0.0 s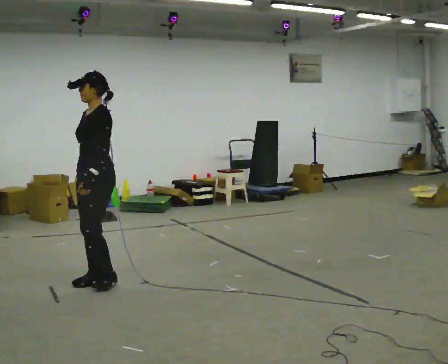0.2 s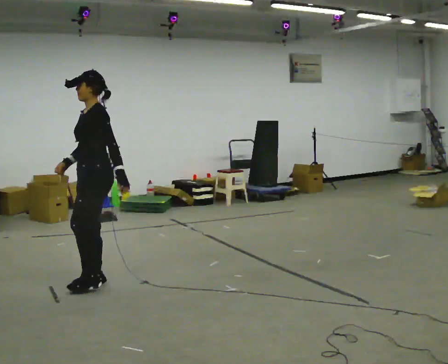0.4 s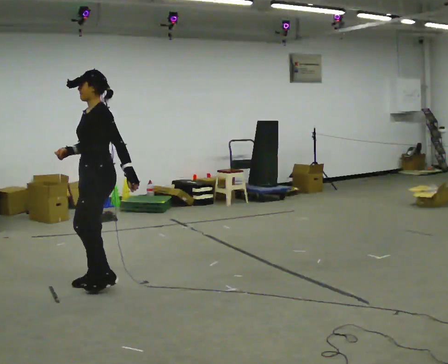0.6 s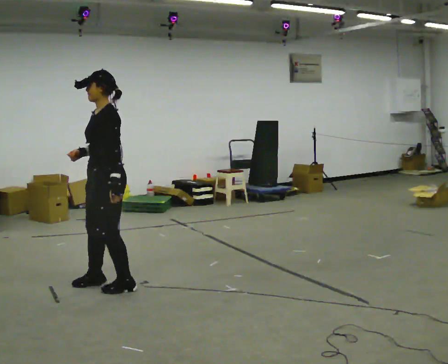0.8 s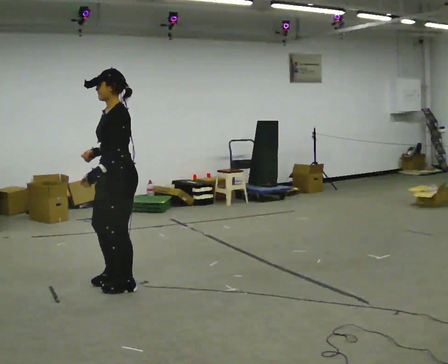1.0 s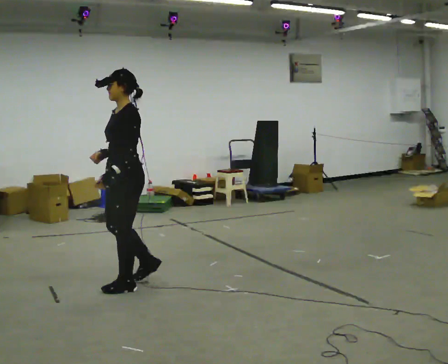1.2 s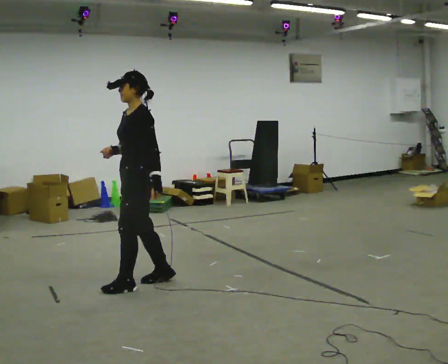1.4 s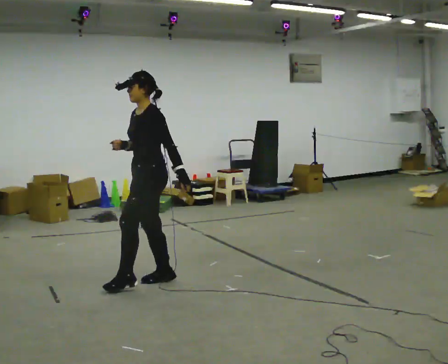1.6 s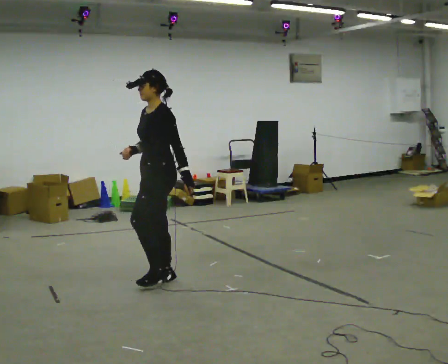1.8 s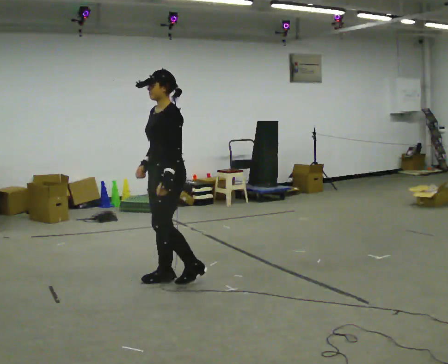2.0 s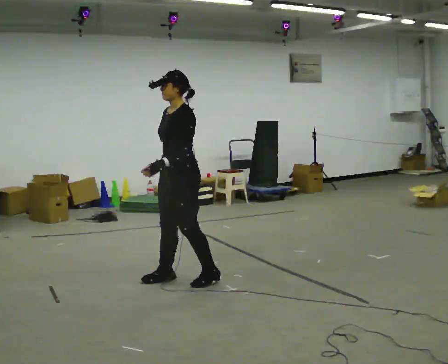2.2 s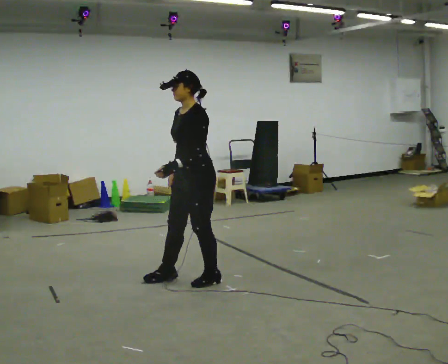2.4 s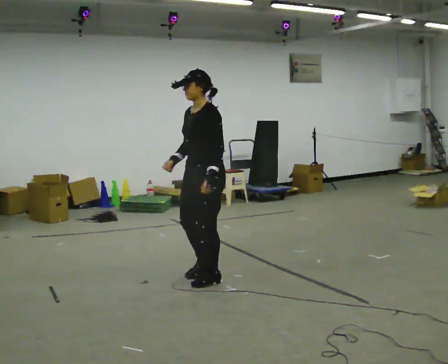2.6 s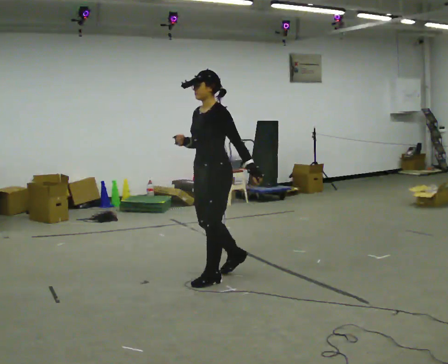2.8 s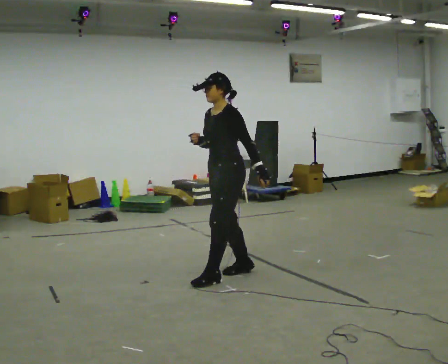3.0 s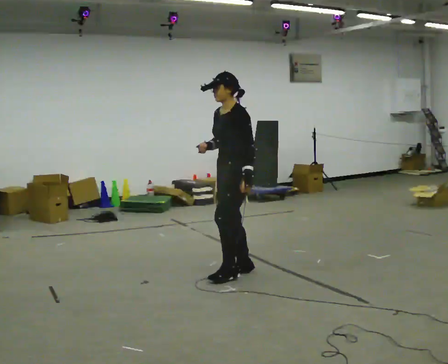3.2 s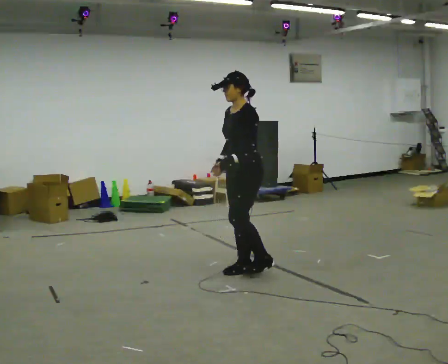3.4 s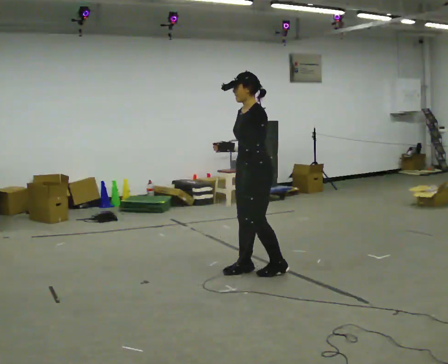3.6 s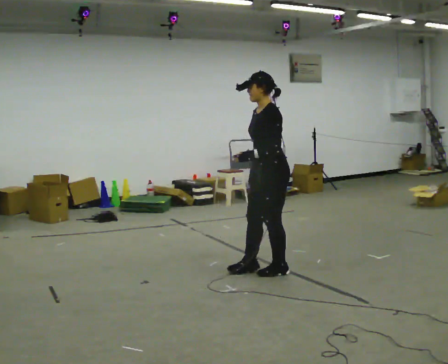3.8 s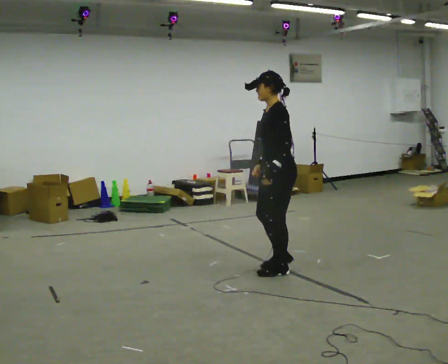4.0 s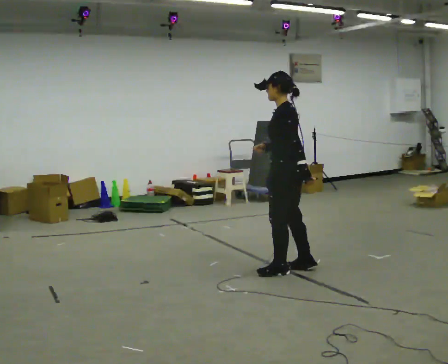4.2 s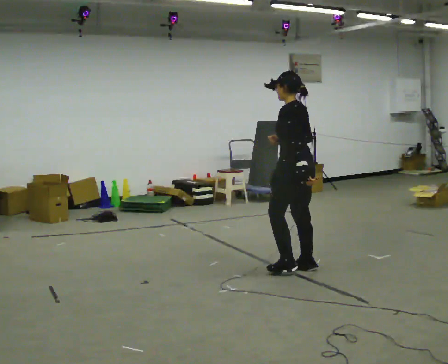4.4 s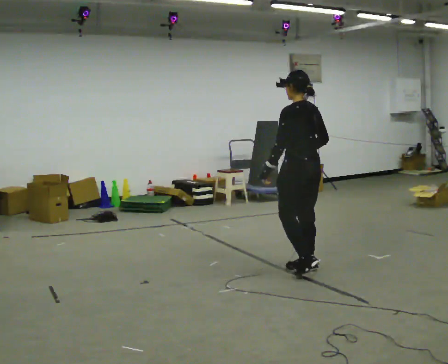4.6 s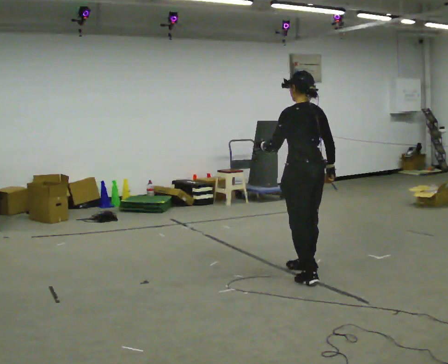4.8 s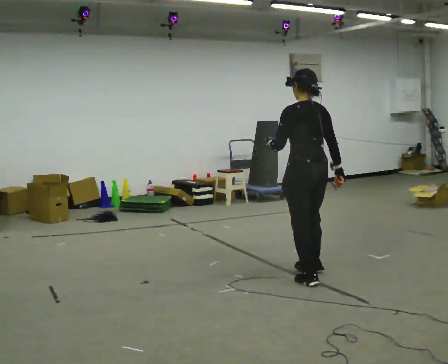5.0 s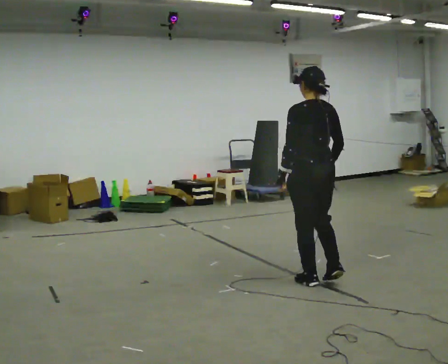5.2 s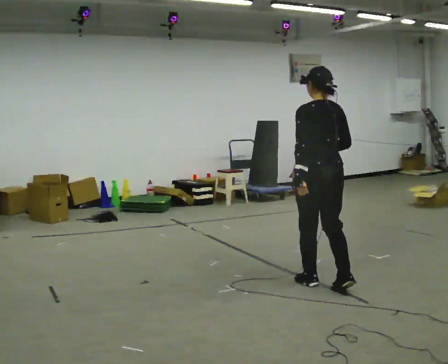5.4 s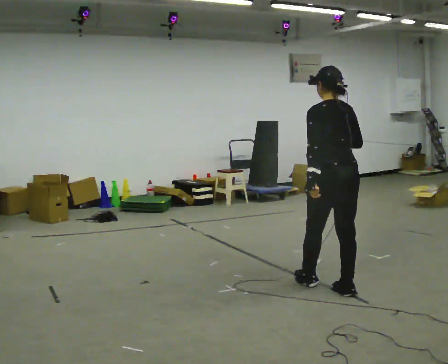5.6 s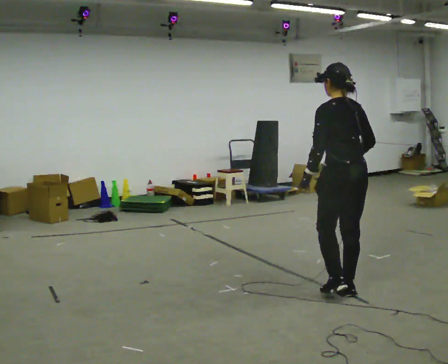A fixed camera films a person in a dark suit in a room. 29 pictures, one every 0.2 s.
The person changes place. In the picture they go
to the right.
The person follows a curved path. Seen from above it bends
clockwise.
0.0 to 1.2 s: In the picture they go to the right, about 0.25 m in 2 steps, which for them is backward.
1.2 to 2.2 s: In the picture they go to the right, about 0.5 m in 1 step, which for them is backward.
2.2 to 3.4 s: In the picture they go to the right and away from the camera, about 0.5 m in 2 steps, which for them is backward.
3.4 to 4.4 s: The part of the body nearest the lens slides to the left as the person turns to their right by about 60 degrees. In the picture they go to the right, about 0.25 m in 1 step.
4.4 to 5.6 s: In the picture they go toward the camera, about 0.75 m in 2 steps, which for them is backward.
The film runs forward here.
